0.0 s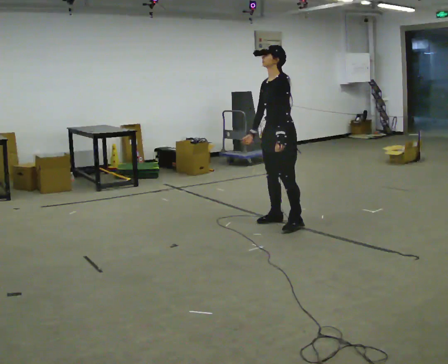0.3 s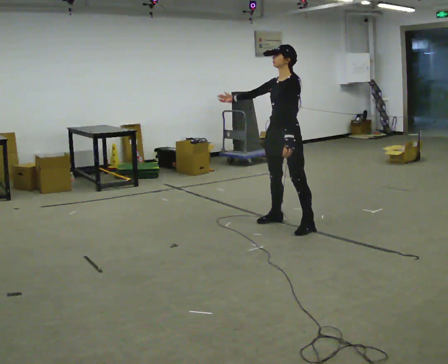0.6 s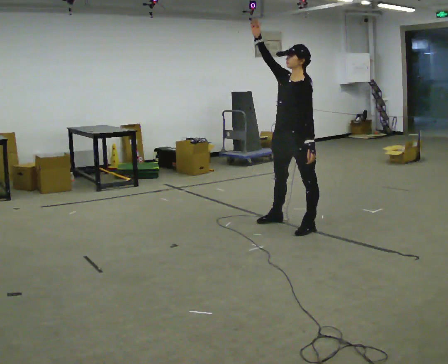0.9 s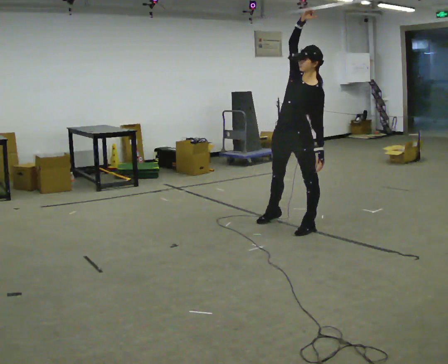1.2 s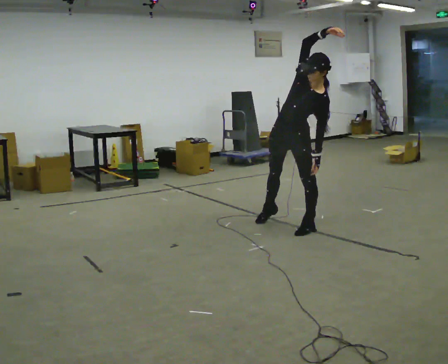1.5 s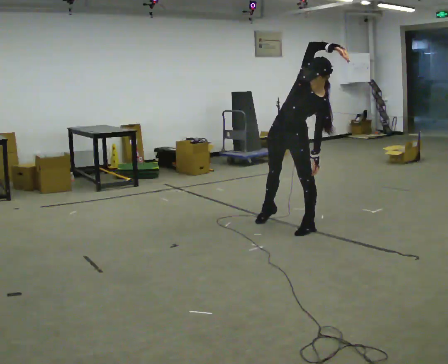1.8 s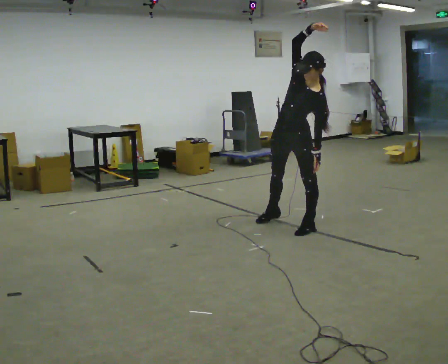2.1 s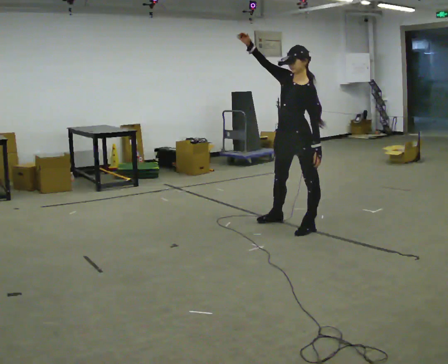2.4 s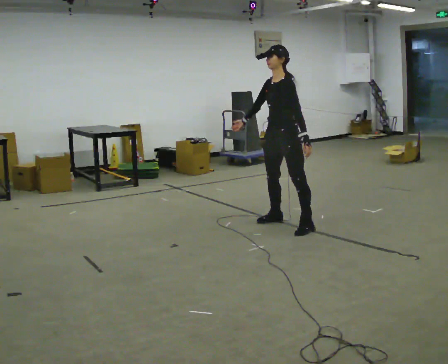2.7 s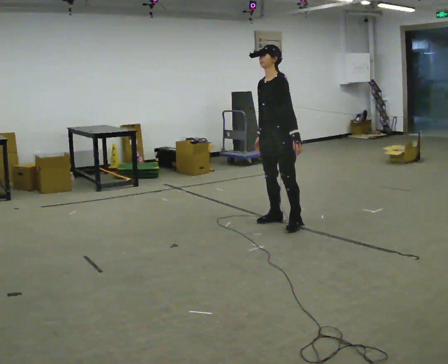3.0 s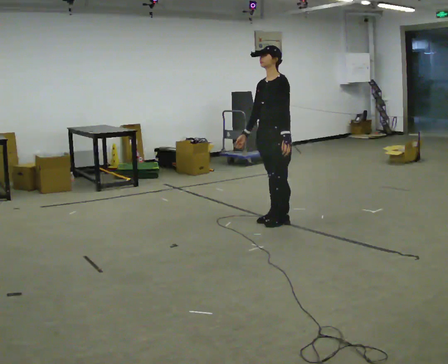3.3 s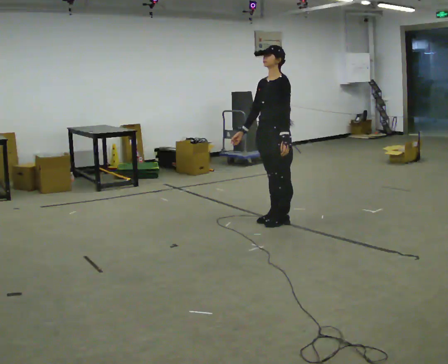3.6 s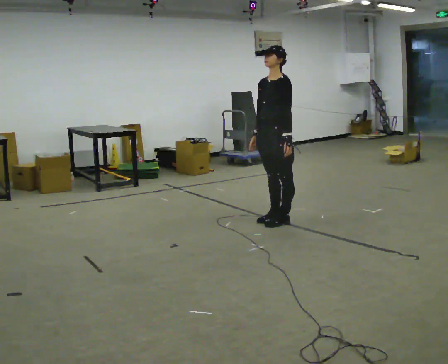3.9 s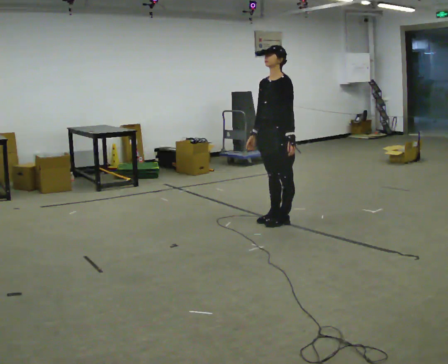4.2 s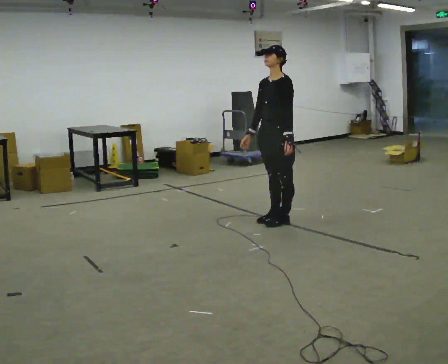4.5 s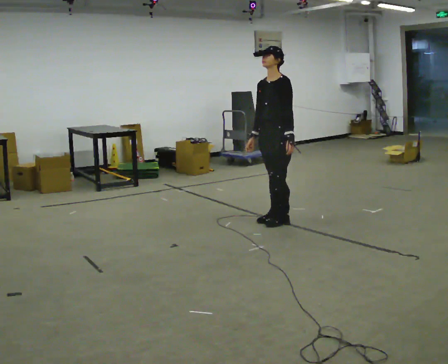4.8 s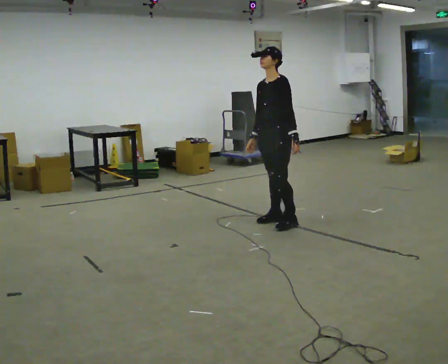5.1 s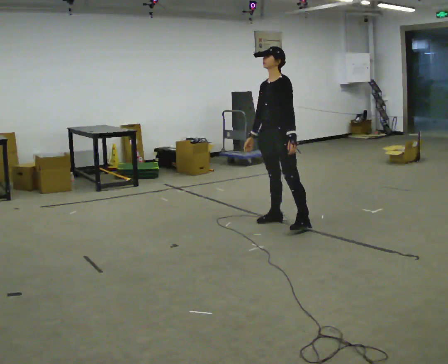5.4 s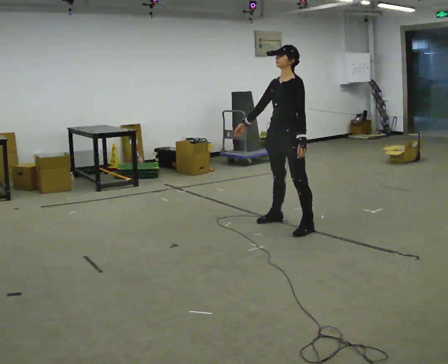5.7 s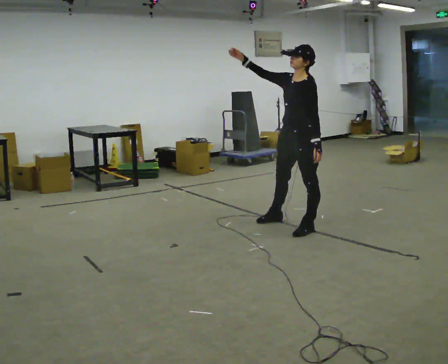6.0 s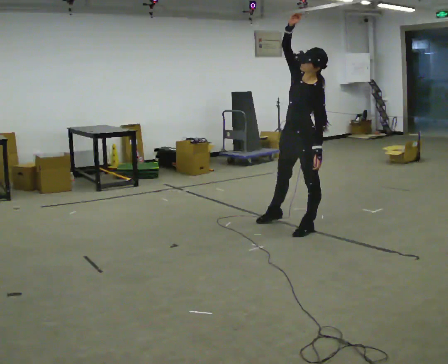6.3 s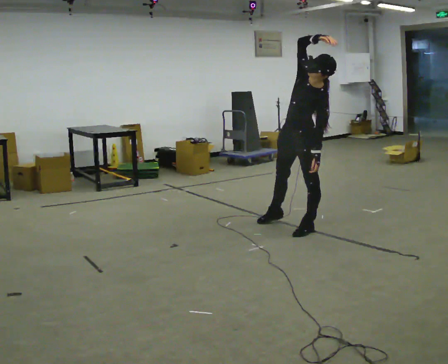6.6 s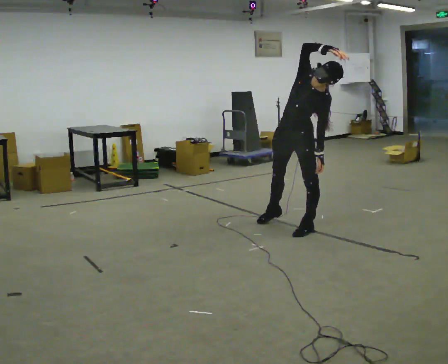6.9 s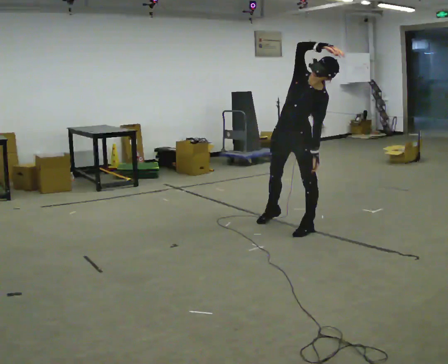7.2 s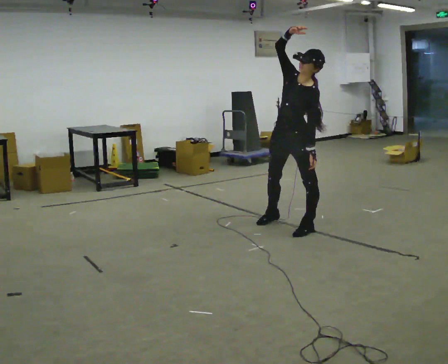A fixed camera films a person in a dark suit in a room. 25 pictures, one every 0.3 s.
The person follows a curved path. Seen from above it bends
counterclockwise.
0.0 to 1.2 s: The part of the body nearest the lens slides to the right as the person turns to their left by about 30 degrees. In the picture they go toward the camera, about 0.25 m in 1 step, which for them is to their left. In the picture the upper body tilts clockwise, shoulders to the right. In the picture their right hand goes upward and to the right, the arm swinging clockwise.
1.2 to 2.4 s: Seen from above the body turns clockwise, about 30 degrees: to their right, with its near side sliding to the left. In the picture the upper body tilts counterclockwise, shoulders to the left. In the picture their right hand goes downward and to the left, the arm swinging counterclockwise.
2.4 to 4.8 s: The person moves a little, or ends about where they began.
4.8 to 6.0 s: In the picture they go toward the camera and to the right, about 0.25 m in 1 step, which for them is to their left. The upper body tips toward the camera, its near side rolling downward. In the picture their right hand goes upward, the arm swinging clockwise.
6.0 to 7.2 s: The person moves a little, or ends about where they began.
The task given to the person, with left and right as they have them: Keeping your feet still and facing forward, bend your upper body sideways to one side, return upright, then bend to the other side. Reach the arm overhead as you bend. Repeat the movement at your own pace until the operator says stop; do not rush.
The film runs forward here.
